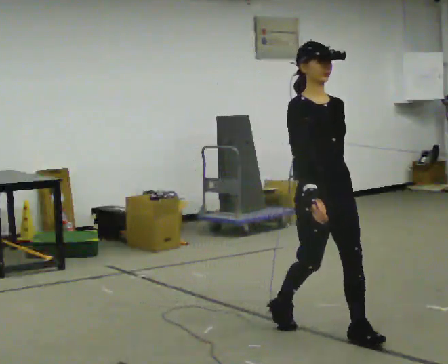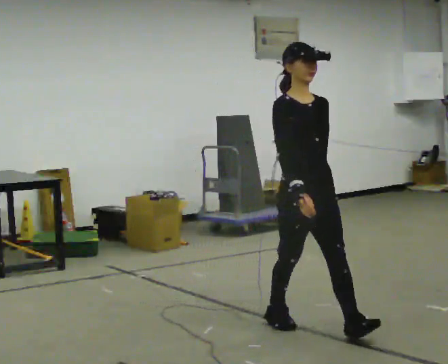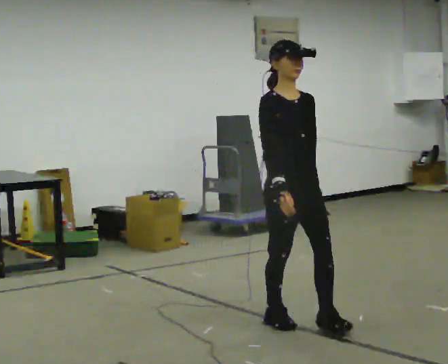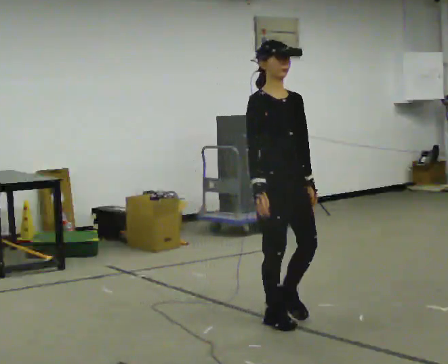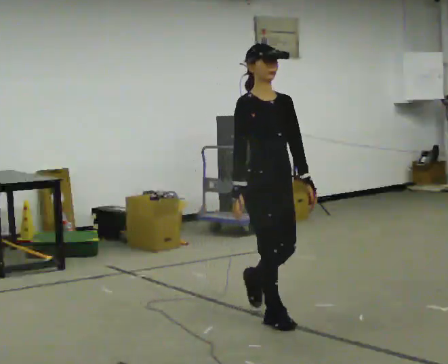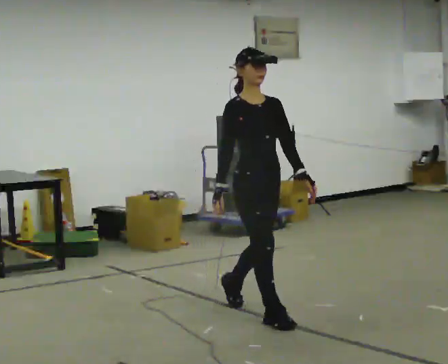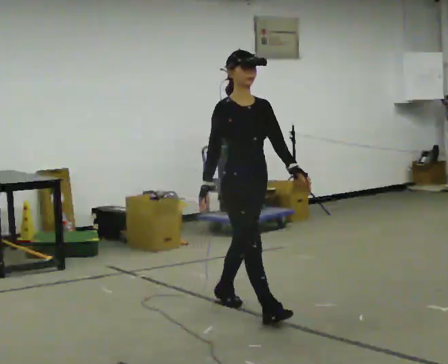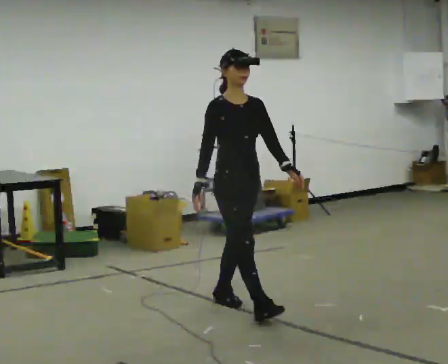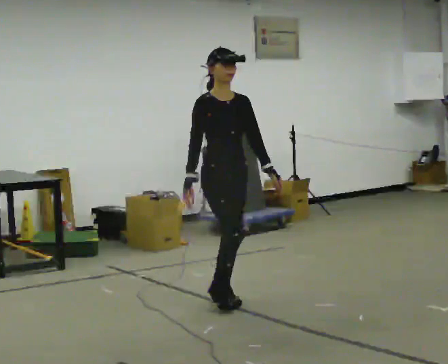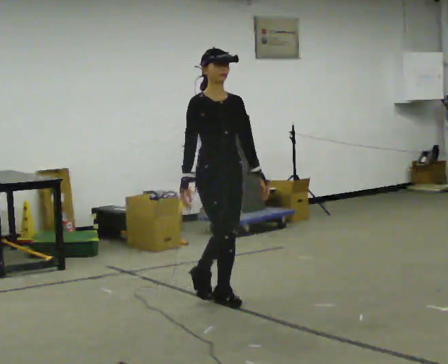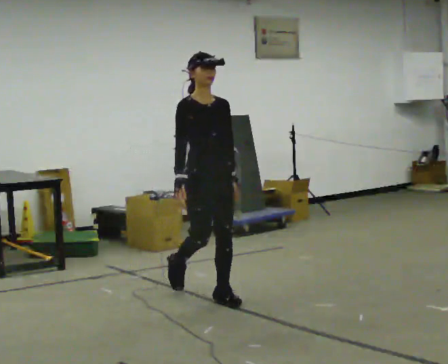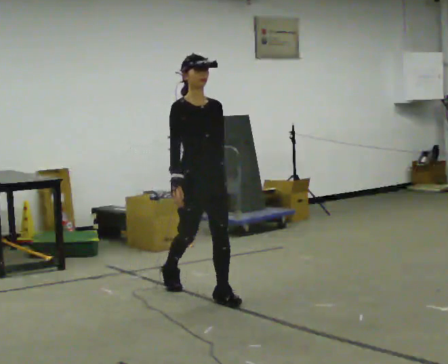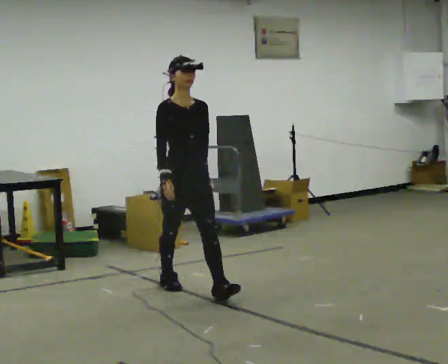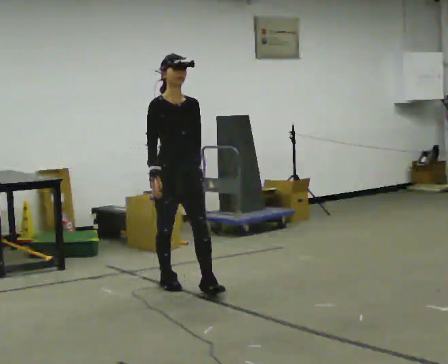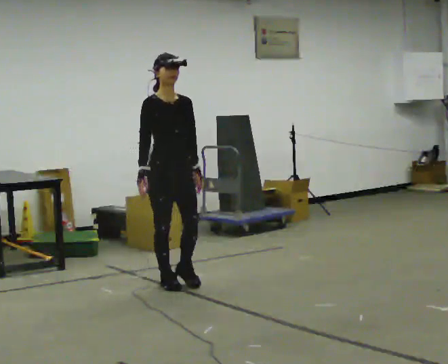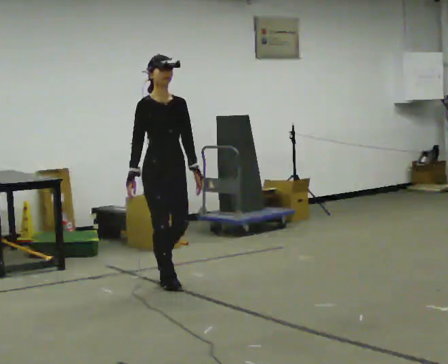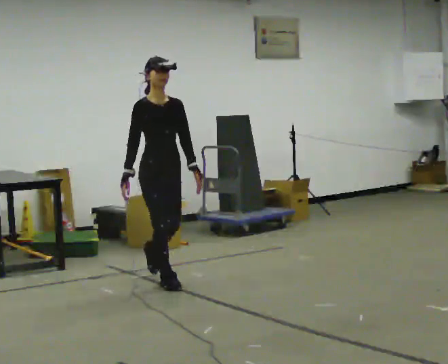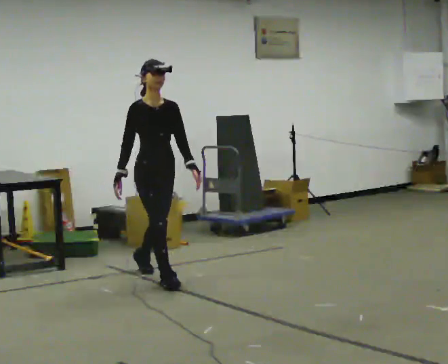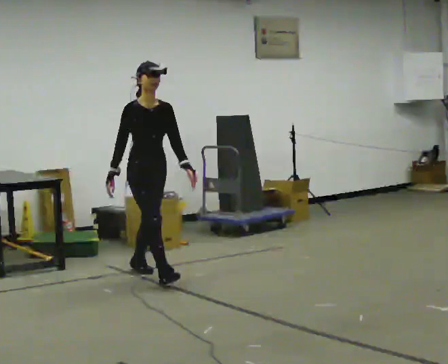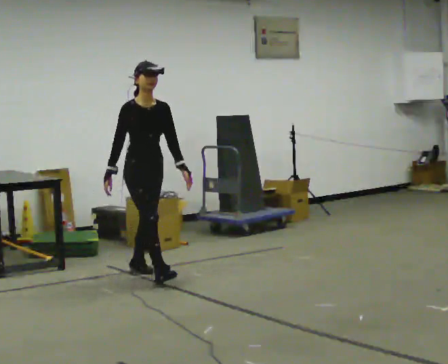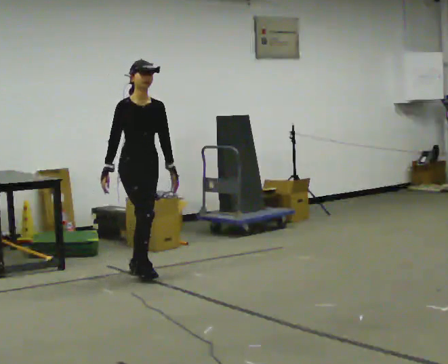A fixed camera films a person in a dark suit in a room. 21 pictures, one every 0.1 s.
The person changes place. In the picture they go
away from the camera.
0.0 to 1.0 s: In the picture they go away from the camera and to the left, about 1 m in 2 steps, which for them is backward.
1.0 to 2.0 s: In the picture they go away from the camera and to the left, about 1 m in 2 steps, which for them is backward.
The film runs backward here.
